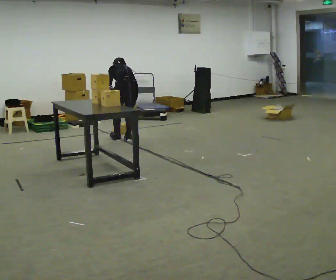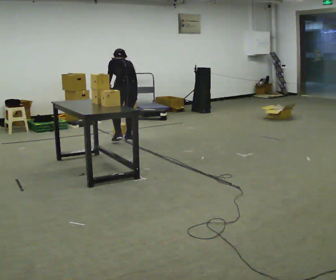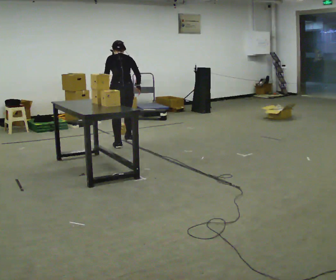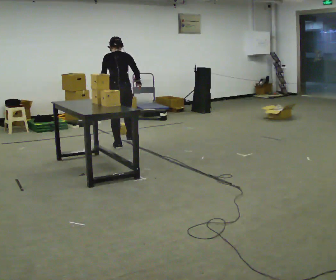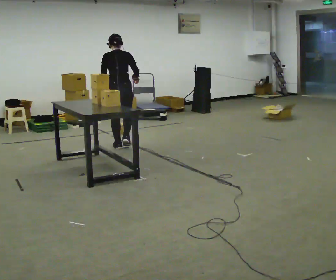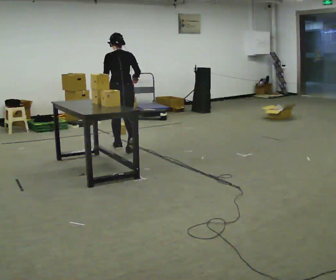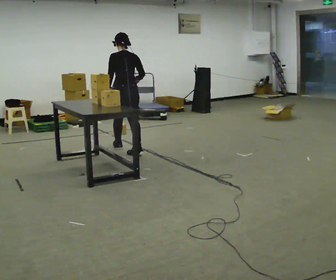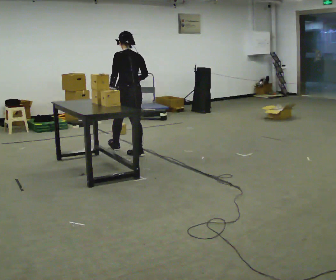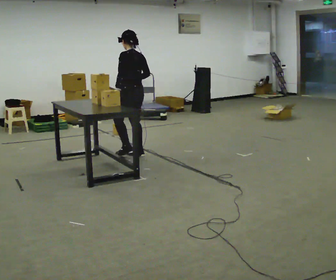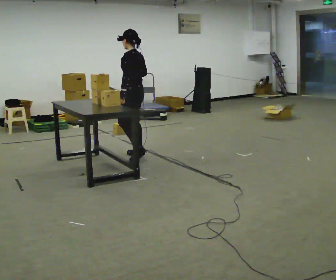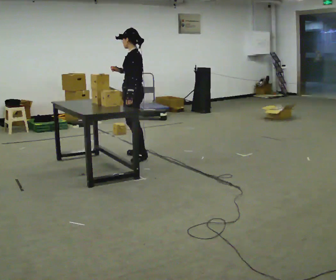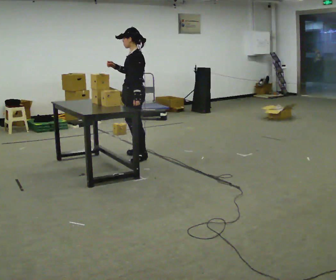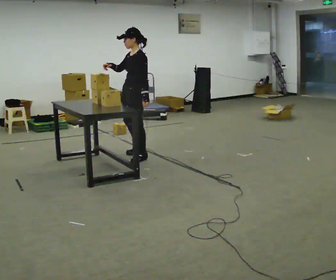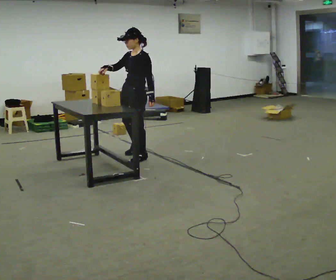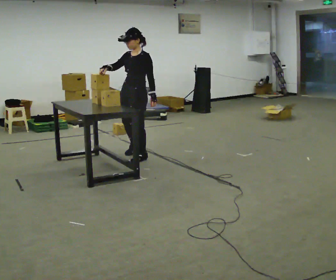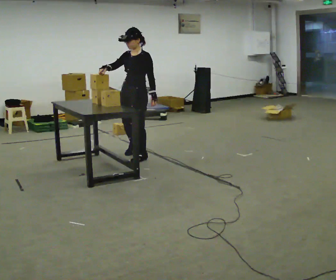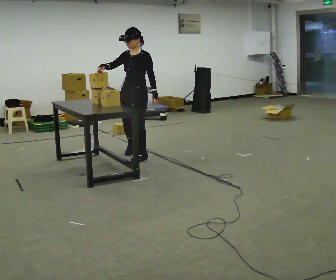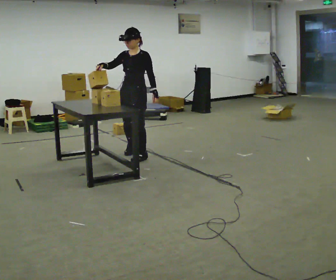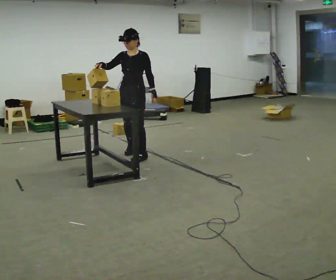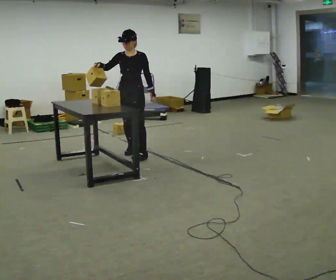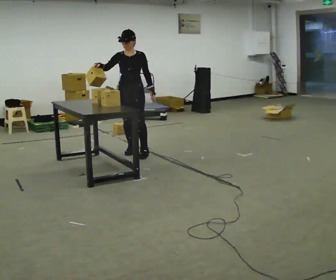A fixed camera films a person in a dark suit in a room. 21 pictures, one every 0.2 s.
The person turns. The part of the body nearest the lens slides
to the right.
The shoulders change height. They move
upward.
0.0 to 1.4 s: In the picture they go toward the camera, about 0.5 m in 2 steps, which for them is backward. The shoulders move upward. The upper body tips toward the camera, its near side rolling downward, as they lean back or straighten.
1.4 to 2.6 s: Seen from above the body turns counterclockwise, about 90 degrees: to their left, with its near side sliding to the right. In the picture they go toward the camera, about 0.25 m in 1 step.
2.6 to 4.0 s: The person turns about 45 degrees to their left, counterclockwise seen from above, so the part of the body nearest the lens slides to the right. In the picture they go away from the camera, about 0.25 m in 1 step, which for them is to their right and backward.
The film runs backward here.
